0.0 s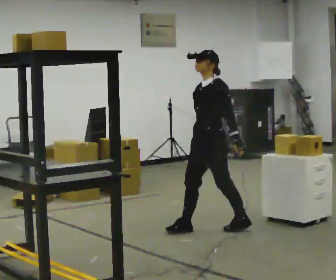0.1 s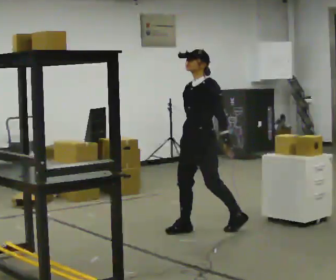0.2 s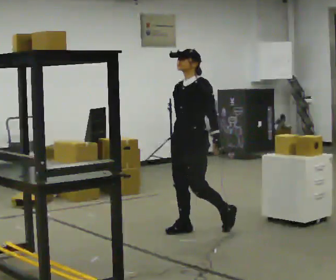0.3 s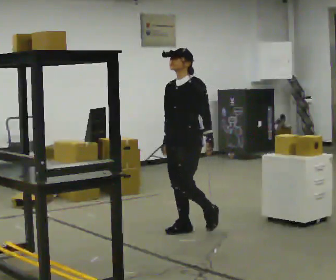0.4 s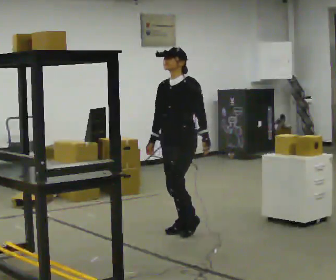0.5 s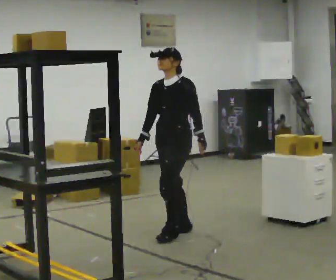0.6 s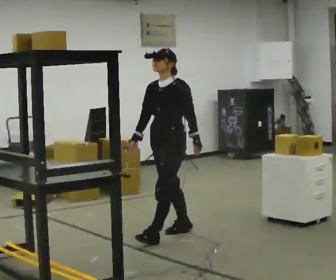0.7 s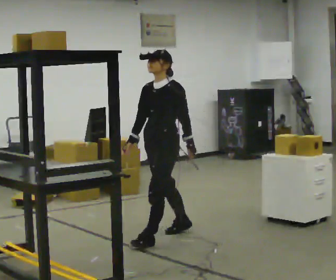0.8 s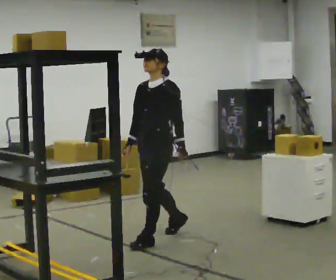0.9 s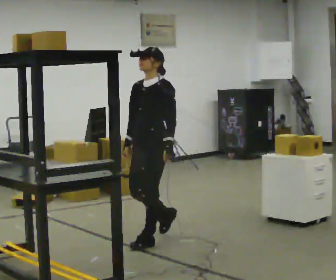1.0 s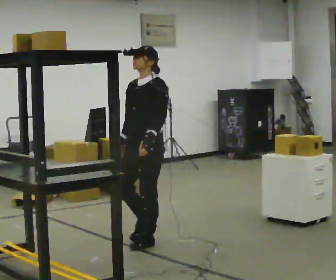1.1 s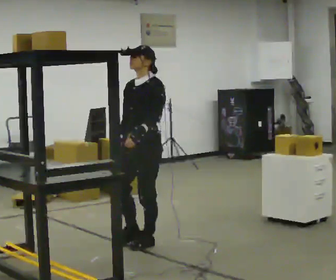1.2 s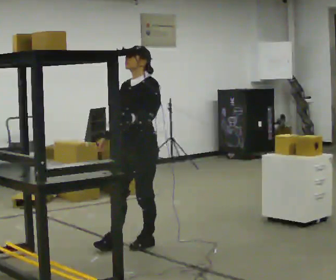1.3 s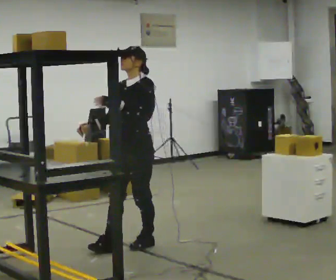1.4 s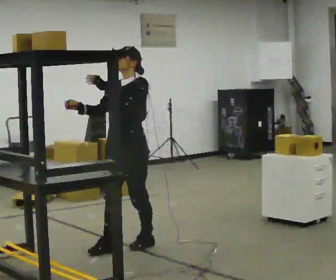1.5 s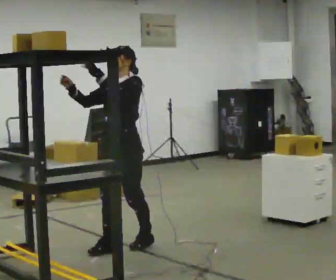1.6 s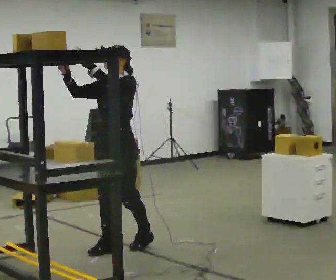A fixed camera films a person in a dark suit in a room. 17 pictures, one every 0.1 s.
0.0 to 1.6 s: In the picture they go to the left and toward the camera, about 1 m in 2 steps, which for them is forward. In the picture their right hand goes upward, the arm swinging clockwise.
The film runs forward here.
